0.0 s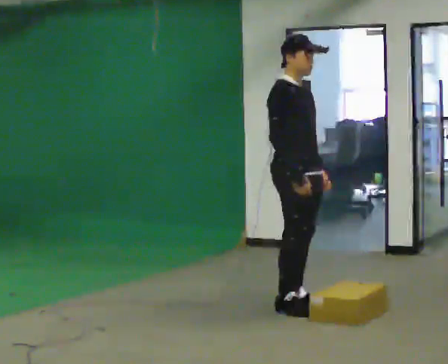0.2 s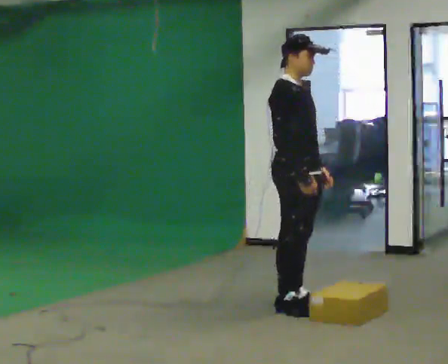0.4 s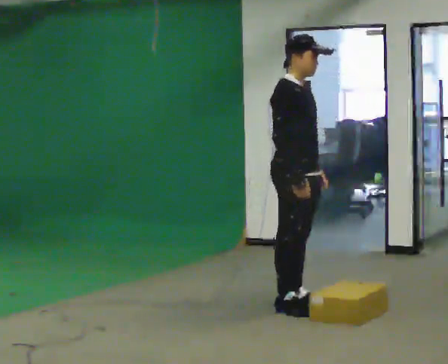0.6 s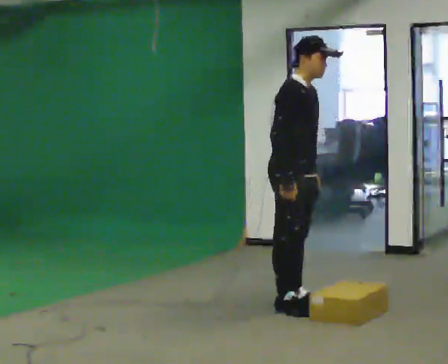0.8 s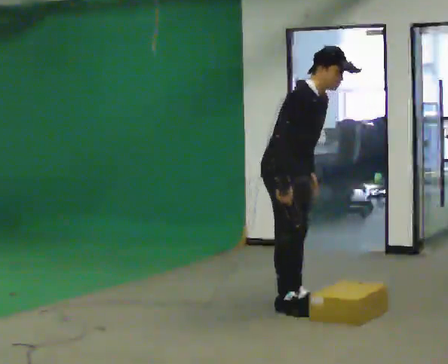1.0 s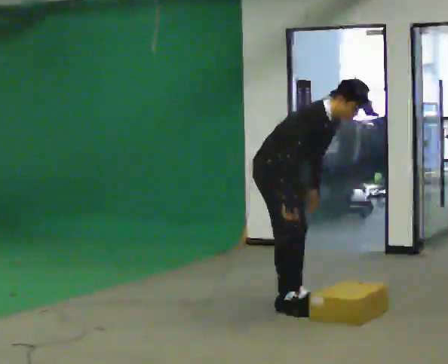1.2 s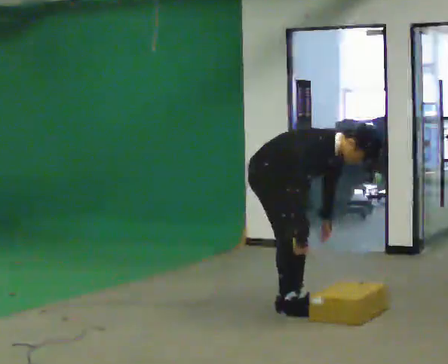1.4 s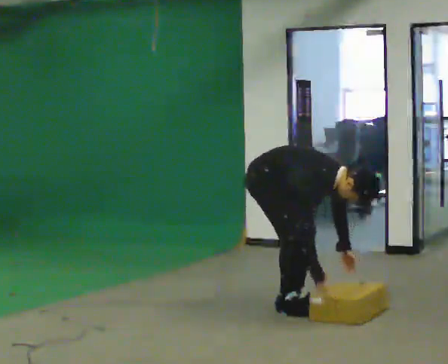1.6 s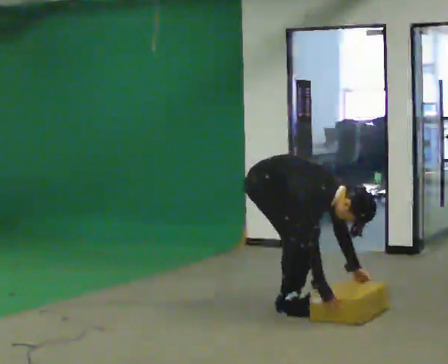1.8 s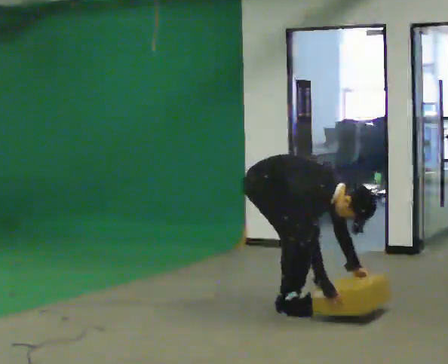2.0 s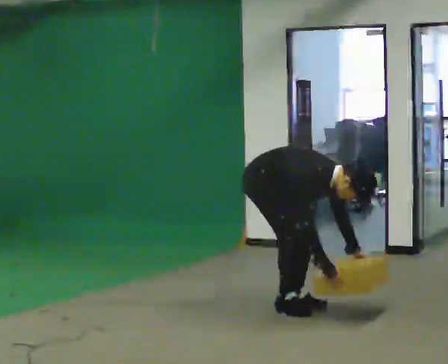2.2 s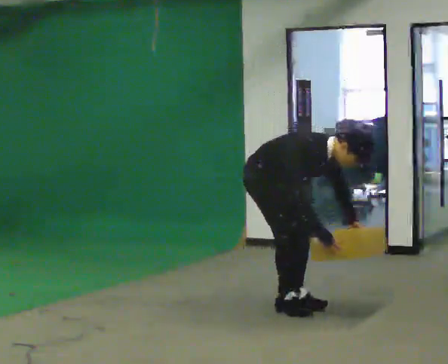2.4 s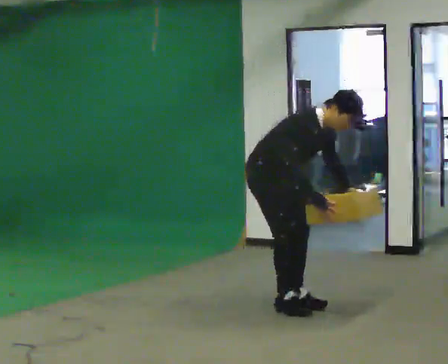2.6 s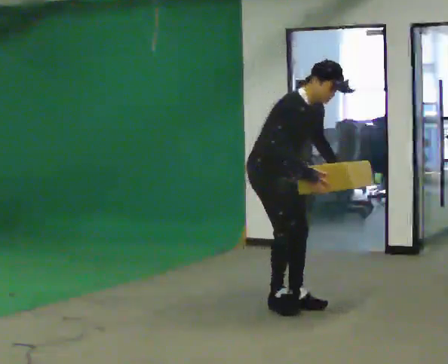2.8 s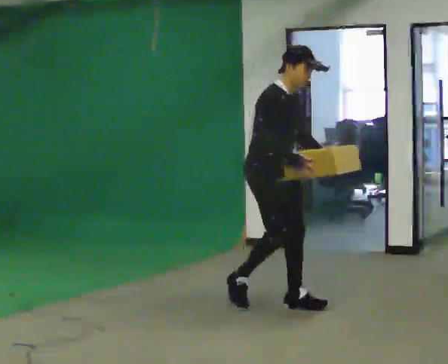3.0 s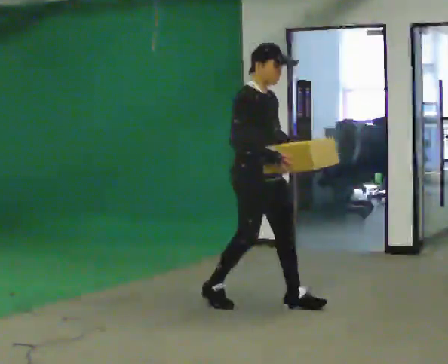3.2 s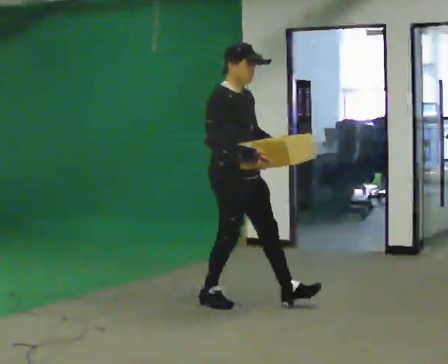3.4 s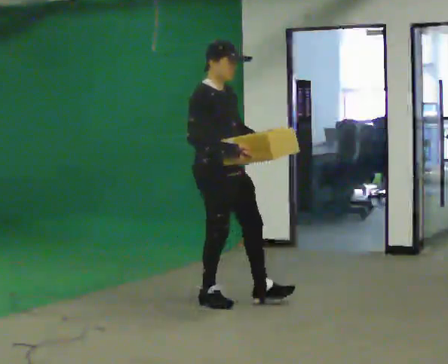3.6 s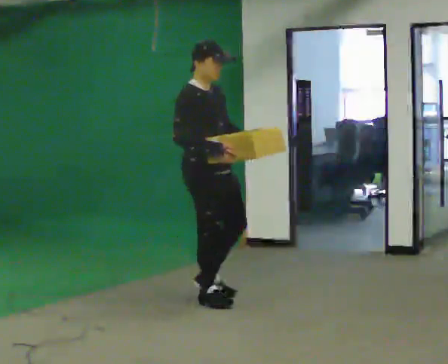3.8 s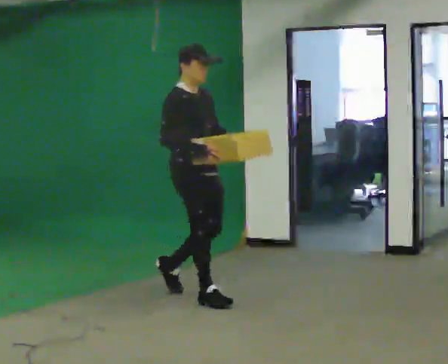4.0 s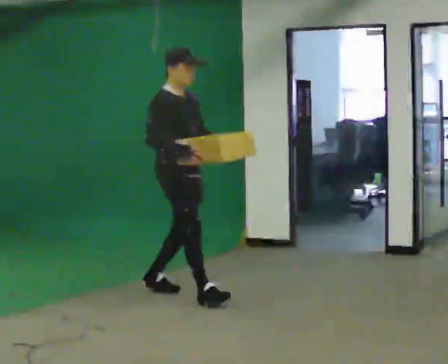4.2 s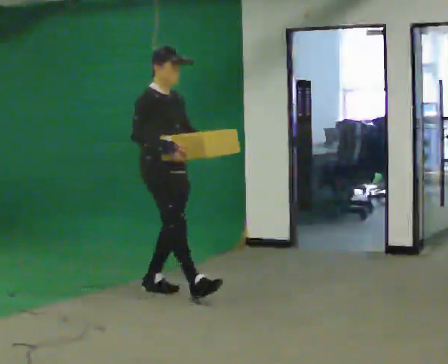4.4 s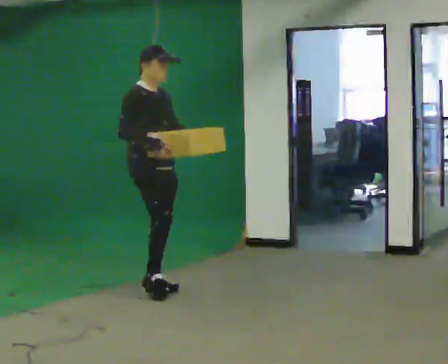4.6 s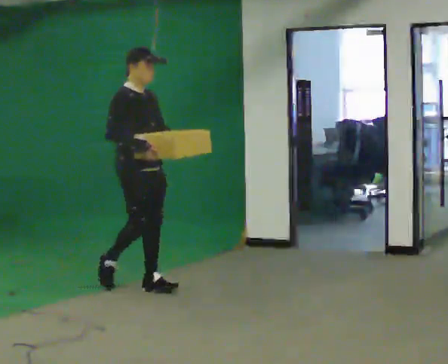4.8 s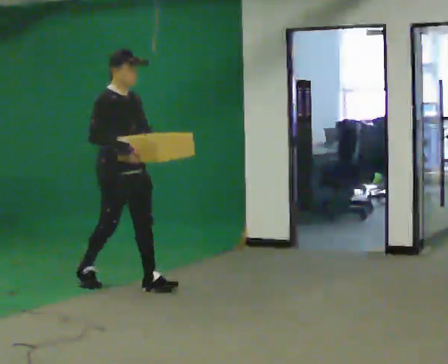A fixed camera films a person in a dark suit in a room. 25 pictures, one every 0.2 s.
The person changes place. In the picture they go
to the left.
0.0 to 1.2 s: The shoulders move downward. In the picture the upper body tilts clockwise, shoulders to the right, as they bend forward. In the picture their left hand goes downward.
1.2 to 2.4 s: The person moves a little, or ends about where they began.
2.4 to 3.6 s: In the picture they go to the left, about 0.5 m in 2 steps, which for them is backward. The shoulders move upward. In the picture the upper body tilts counterclockwise, shoulders to the left, as they lean back or straighten. In the picture their right hand goes upward.
3.6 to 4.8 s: In the picture they go to the left and away from the camera, about 1 m in 1 step, which for them is backward.
The film runs backward here.
